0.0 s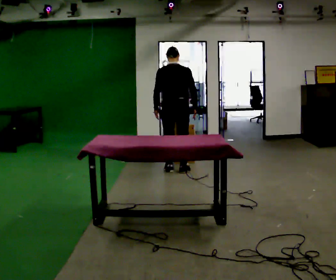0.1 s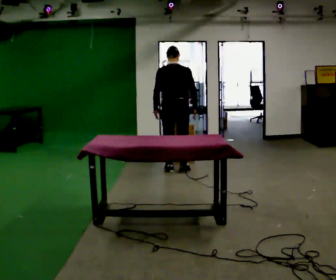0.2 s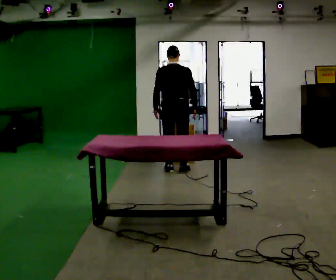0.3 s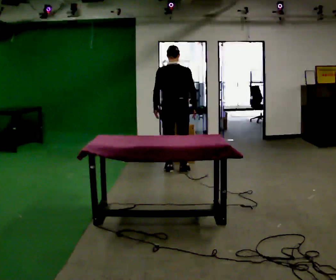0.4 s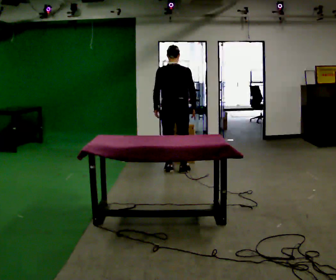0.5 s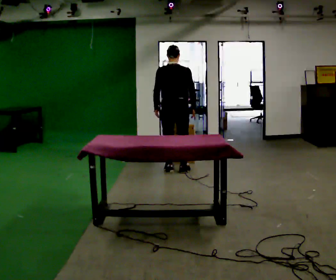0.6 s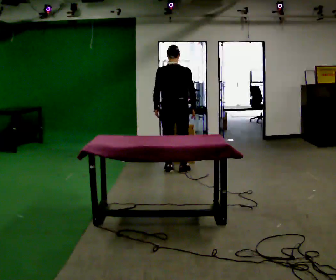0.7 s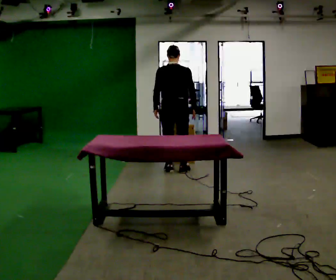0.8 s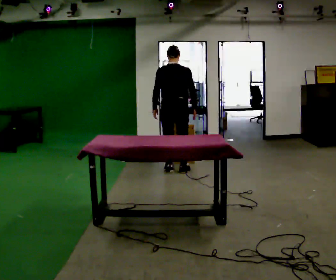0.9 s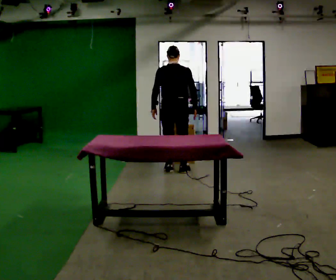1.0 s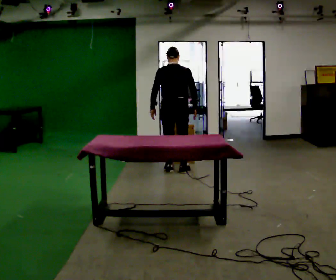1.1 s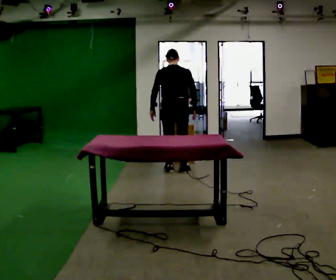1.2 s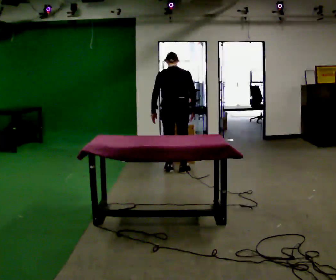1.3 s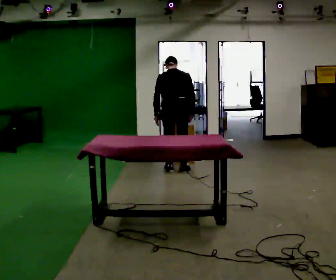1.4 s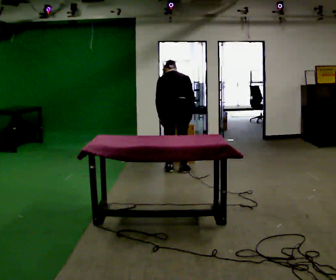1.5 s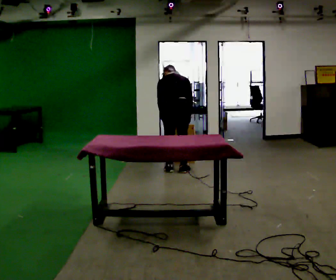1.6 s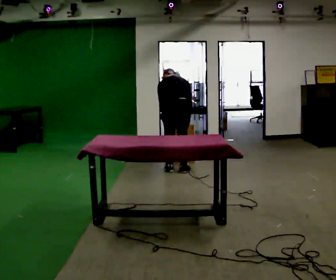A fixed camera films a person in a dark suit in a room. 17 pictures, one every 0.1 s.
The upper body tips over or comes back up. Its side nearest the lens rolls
upward.
0.0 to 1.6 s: The shoulders move downward. The upper body tips away from the camera, its near side rolling upward, as they bend forward.
The film runs backward here.
